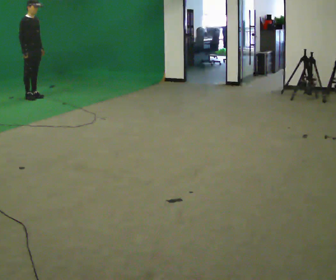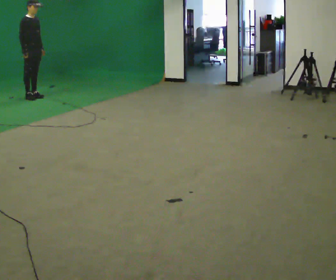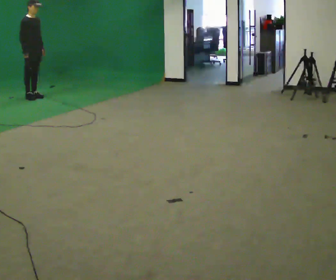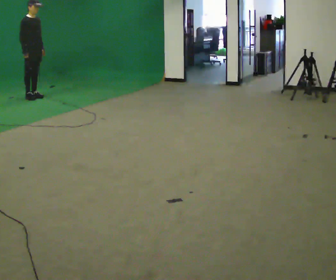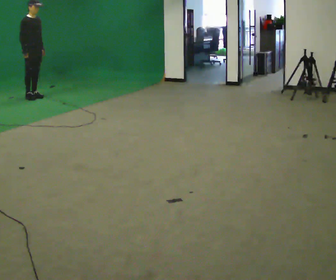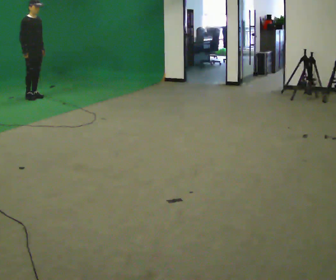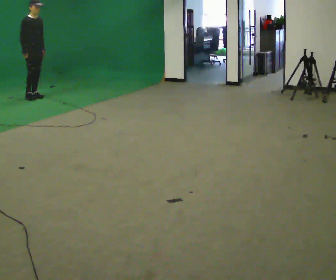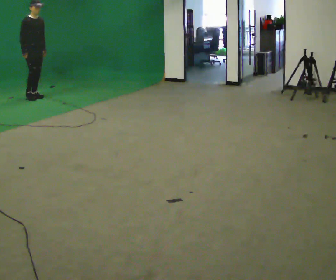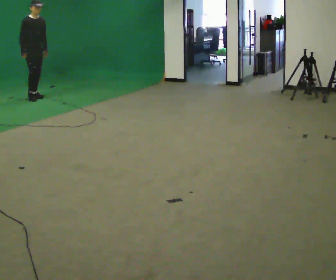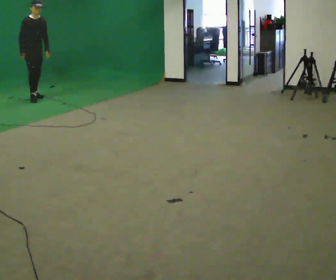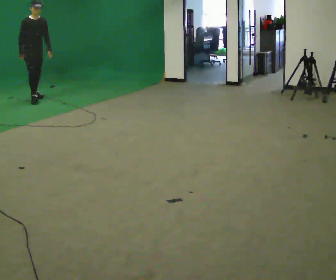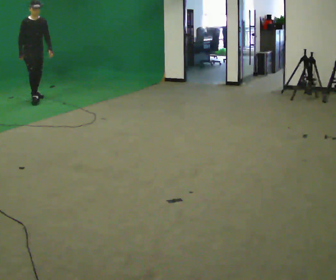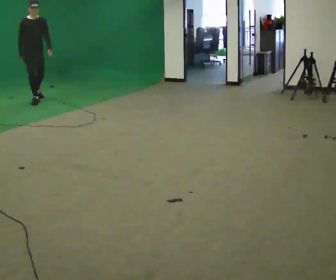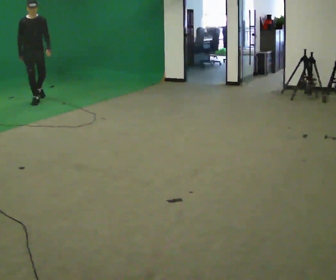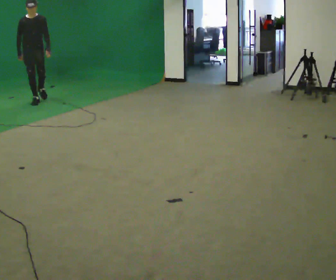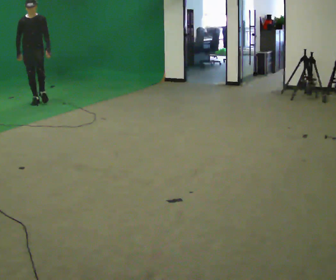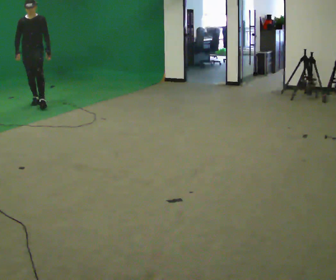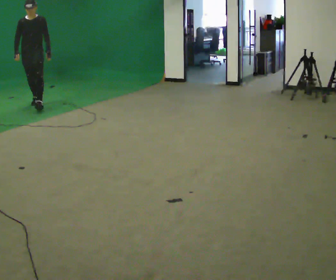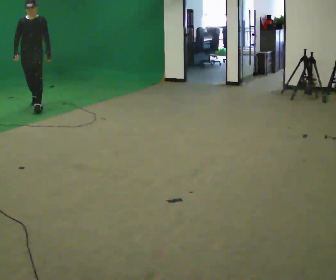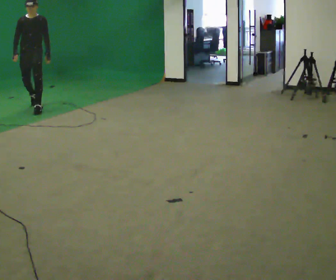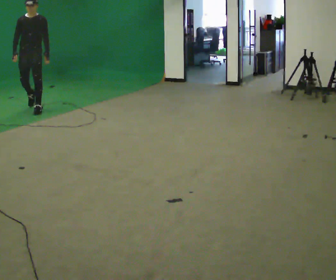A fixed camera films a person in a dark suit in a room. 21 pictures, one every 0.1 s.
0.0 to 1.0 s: The person turns about 30 degrees to their right, clockwise seen from above, so the part of the body nearest the lens slides to the left.
1.0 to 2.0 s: The person turns about 30 degrees to their right, clockwise seen from above, so the part of the body nearest the lens slides to the left. In the picture they go toward the camera, about 1 m in 2 steps, which for them is forward.
The film runs forward here.
